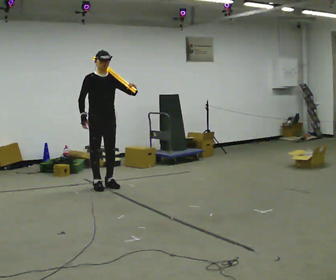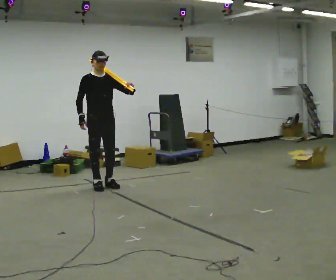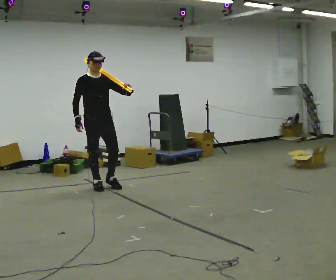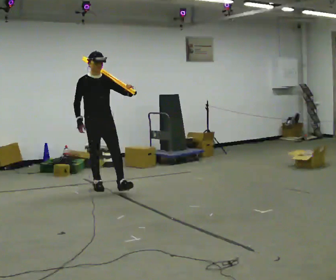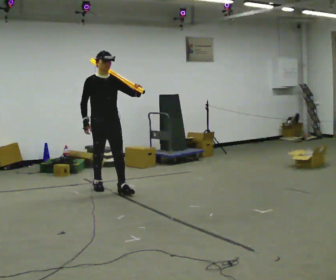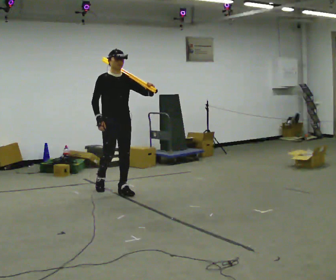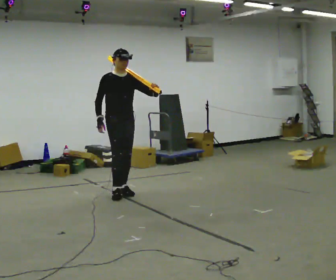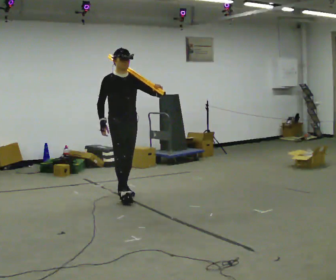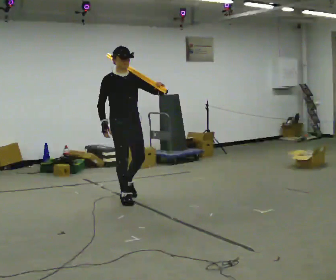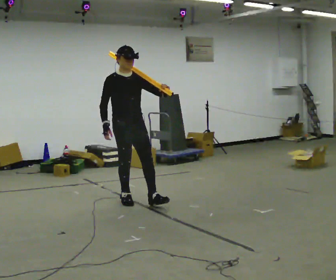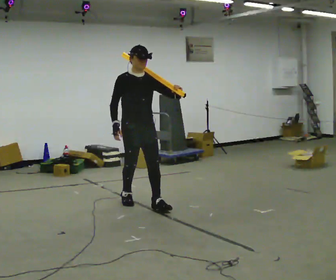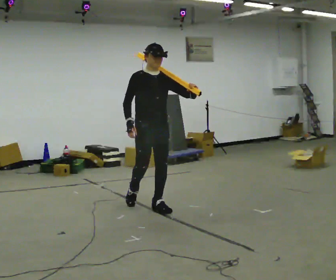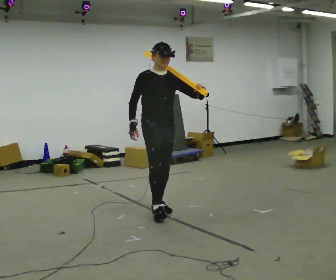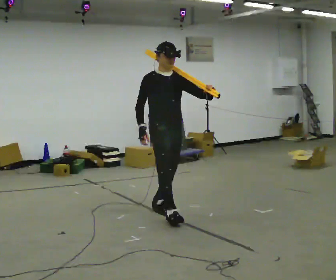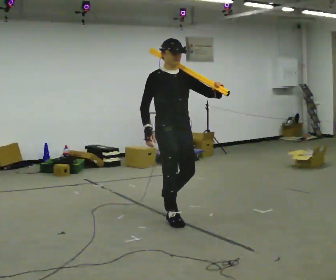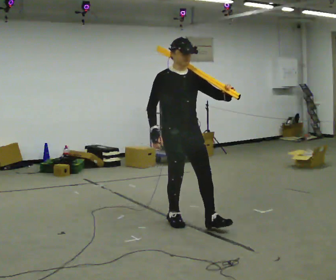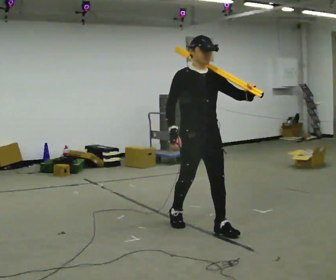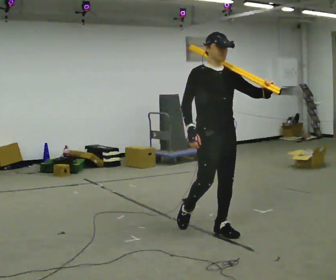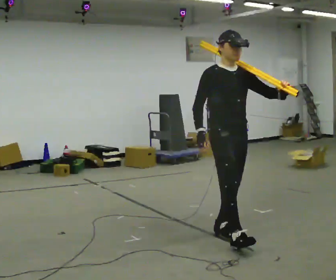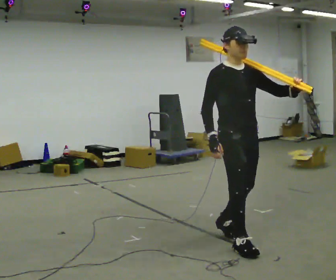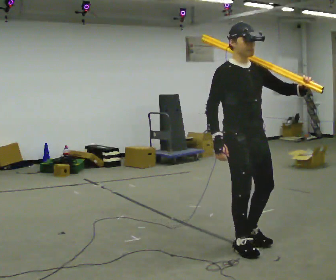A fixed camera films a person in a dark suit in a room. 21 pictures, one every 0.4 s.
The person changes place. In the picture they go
toward the camera.
0.0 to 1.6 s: In the picture they go toward the camera, about 0.25 m in 1 step, which for them is forward.
1.6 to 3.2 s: In the picture they go toward the camera and to the right, about 0.5 m in 1 step, which for them is forward.
3.2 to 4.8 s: In the picture they go toward the camera and to the right, about 0.5 m in 1 step, which for them is forward.
4.8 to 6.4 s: In the picture they go toward the camera and to the right, about 1 m in 2 steps, which for them is forward.
6.4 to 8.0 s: In the picture they go toward the camera and to the right, about 0.75 m in 1 step, which for them is forward.
The film runs forward here.
